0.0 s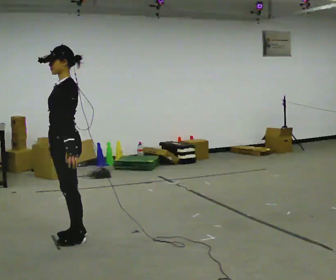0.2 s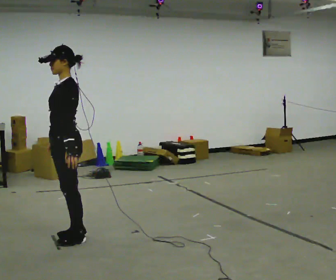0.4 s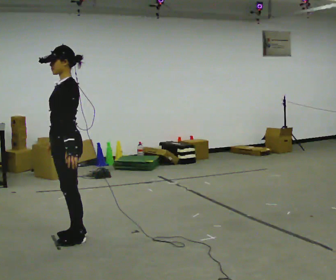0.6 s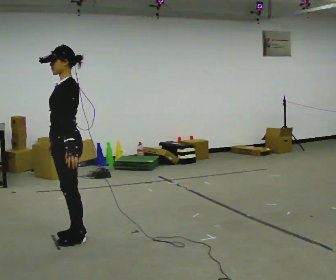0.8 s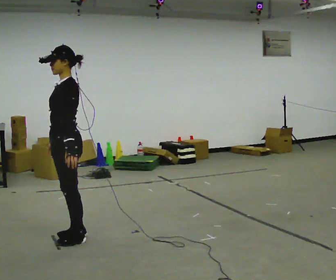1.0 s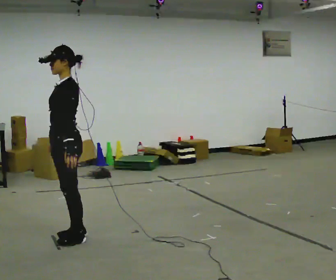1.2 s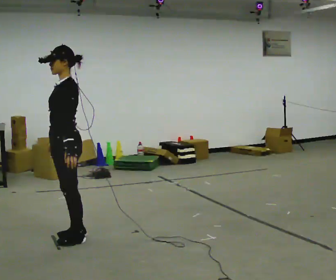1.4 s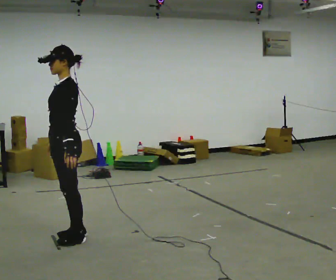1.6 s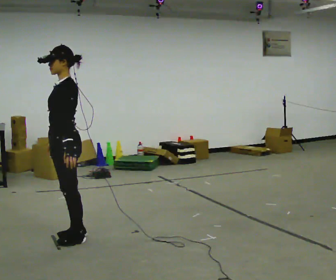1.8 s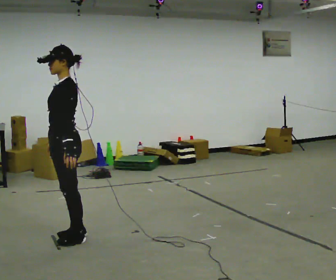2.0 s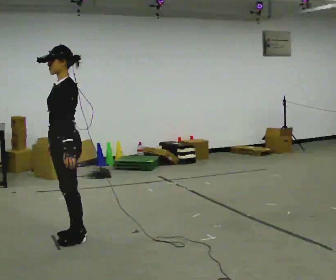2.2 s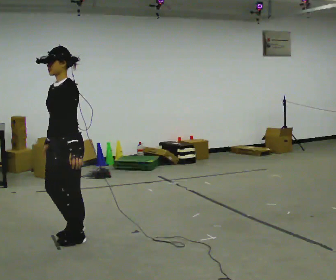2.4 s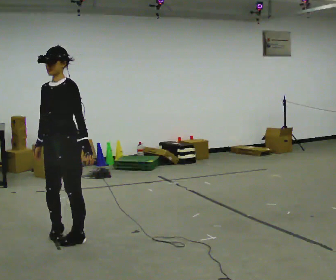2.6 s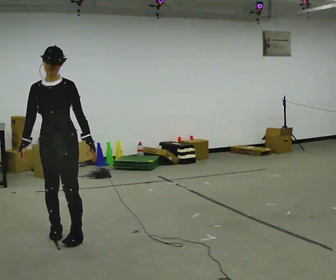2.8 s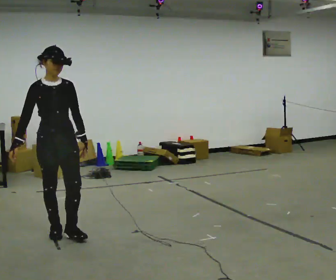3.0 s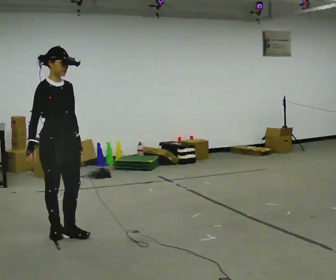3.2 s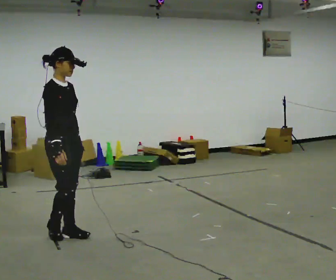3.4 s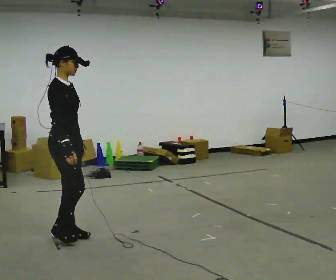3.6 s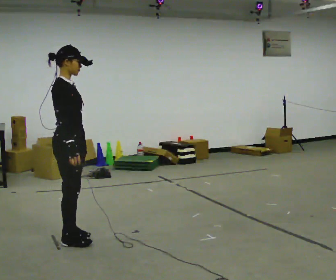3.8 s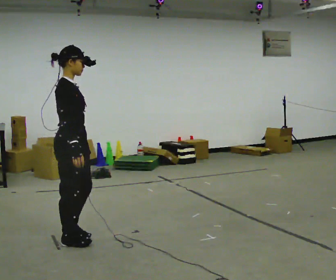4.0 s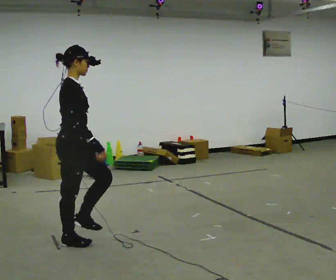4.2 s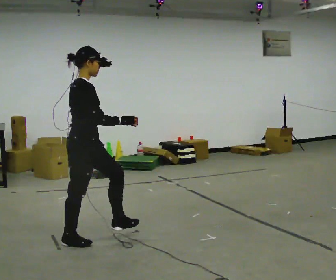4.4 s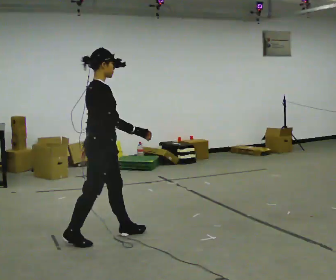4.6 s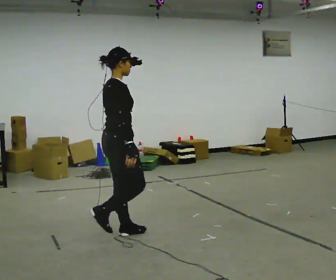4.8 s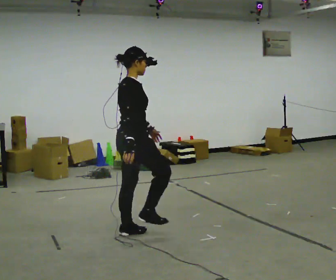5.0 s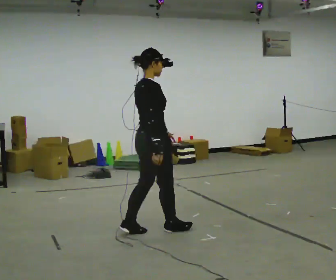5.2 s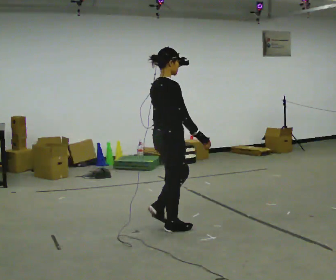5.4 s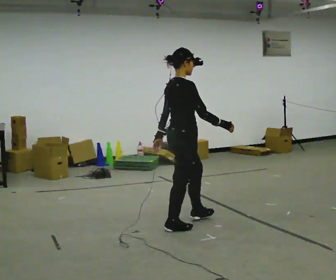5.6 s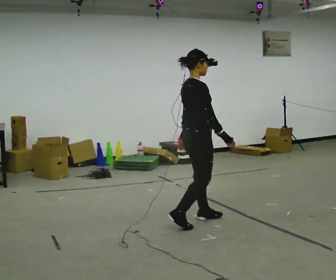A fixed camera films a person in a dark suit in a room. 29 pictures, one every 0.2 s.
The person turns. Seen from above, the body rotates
counterclockwise.
The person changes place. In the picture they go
to the right.
0.0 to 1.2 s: The person keeps their place and pose.
1.2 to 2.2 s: The person moves a little, or ends about where they began.
2.2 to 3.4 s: The part of the body nearest the lens slides to the right as the person turns to their left by about 135 degrees.
3.4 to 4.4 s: In the picture they go to the right, about 0.25 m in 2 steps, which for them is forward.
4.4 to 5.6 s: In the picture they go to the right, about 1 m in 2 steps, which for them is forward.
The film runs forward here.
